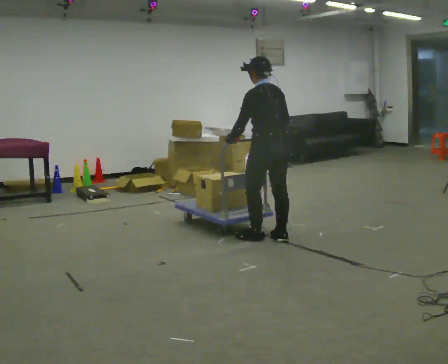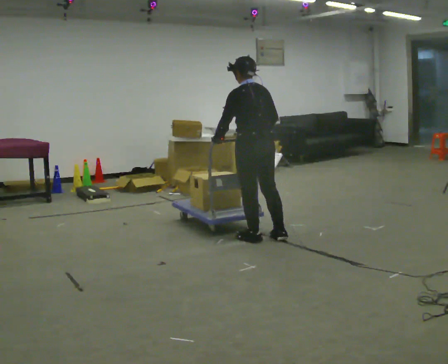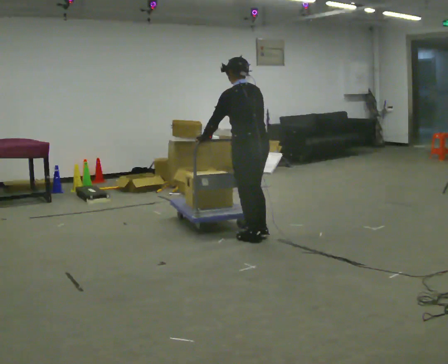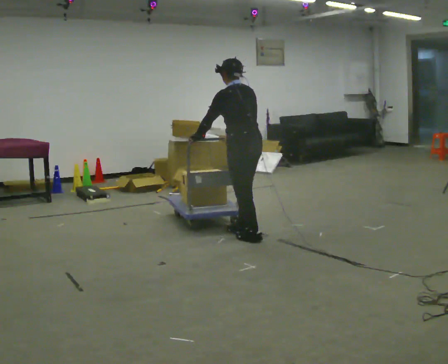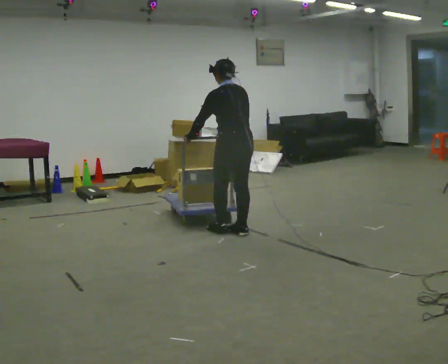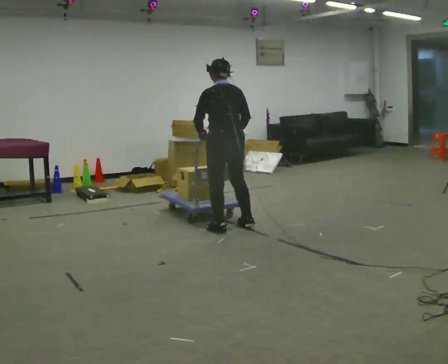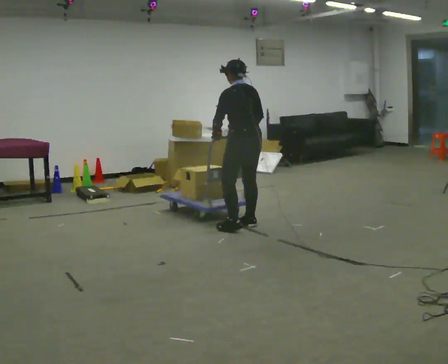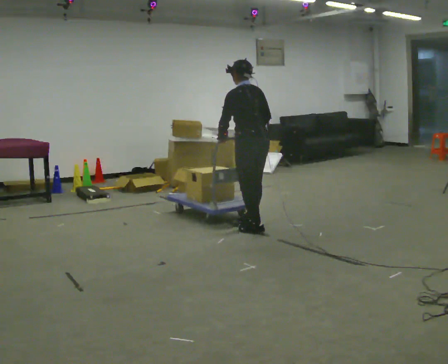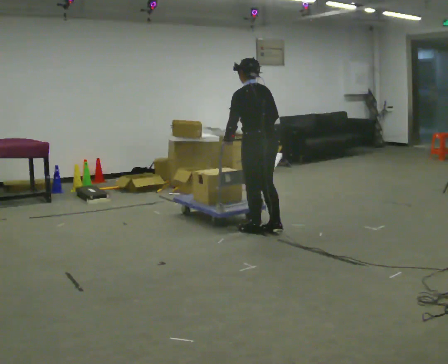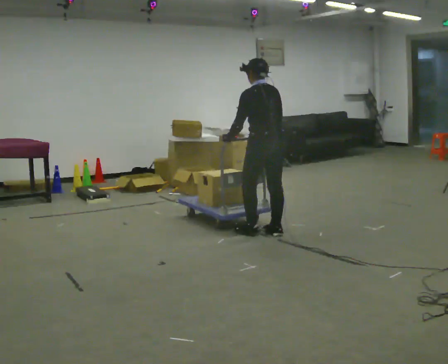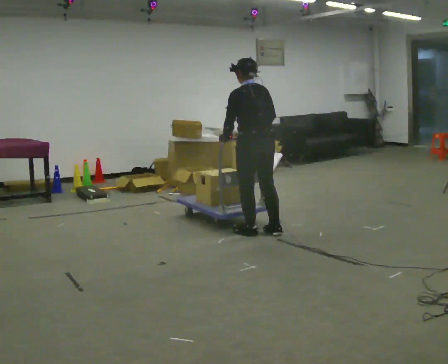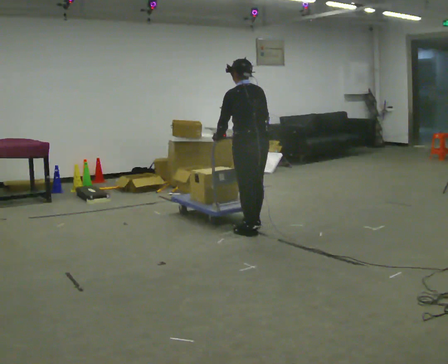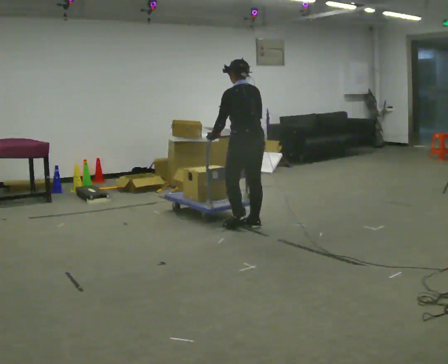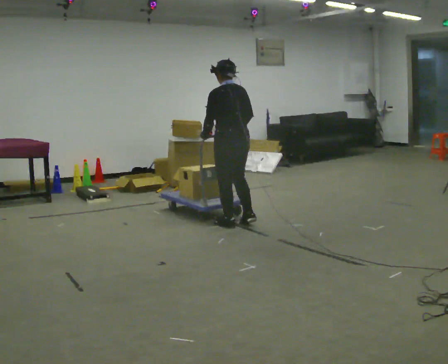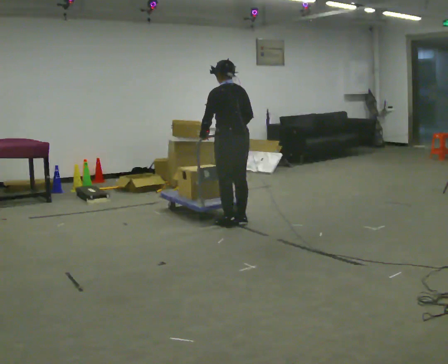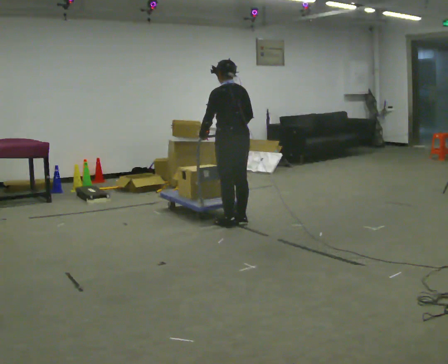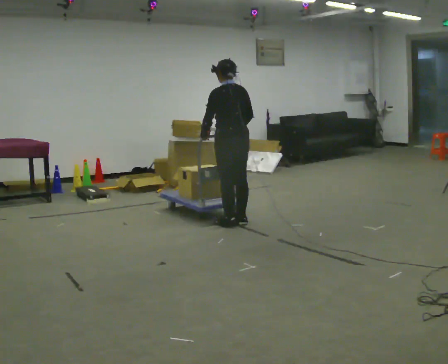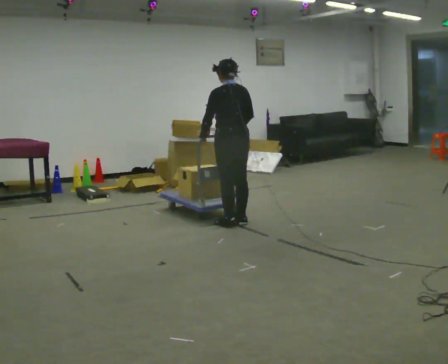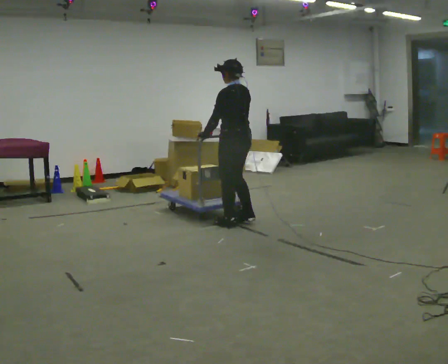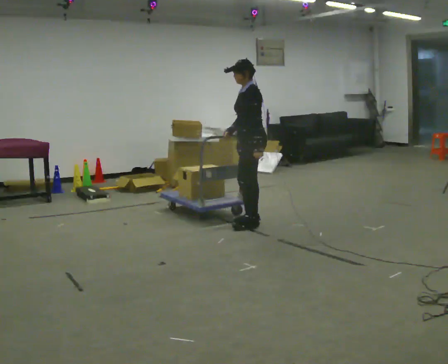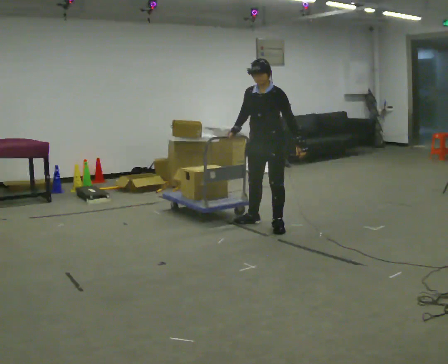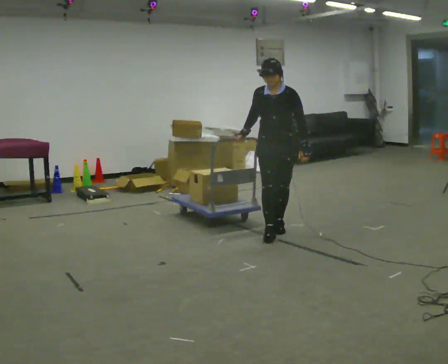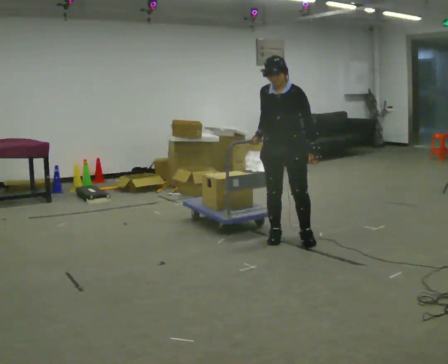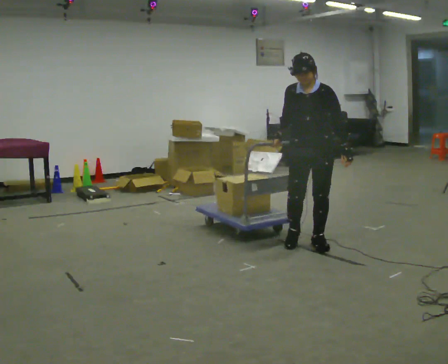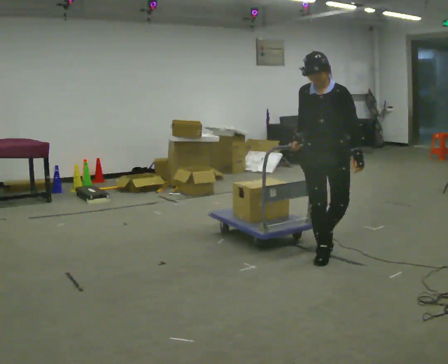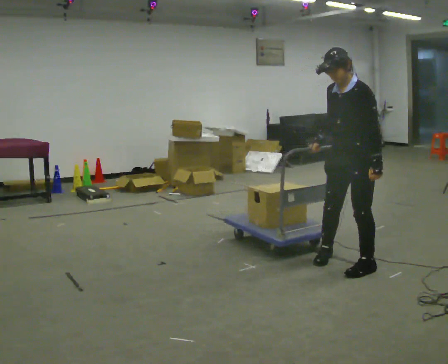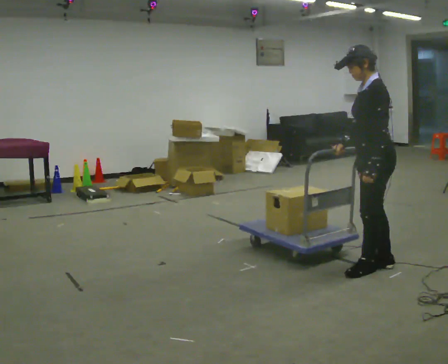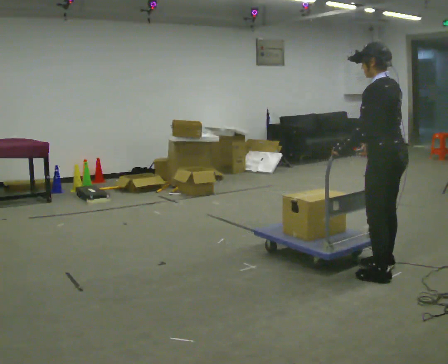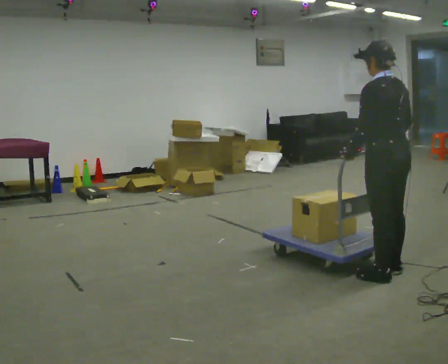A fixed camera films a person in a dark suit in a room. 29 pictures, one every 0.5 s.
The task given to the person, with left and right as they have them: Get the cart into the marked parking space and lined up with the tape. Take as many adjustments as you need. Then take it out again and repeat.
0.0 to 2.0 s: In the picture they go to the left and away from the camera, about 0.25 m in 1 step, which for them is forward.
2.0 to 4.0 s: In the picture they go to the right, about 0.25 m in 3 steps, which for them is to their right and backward. In the picture their left hand goes to the right.
4.0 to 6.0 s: In the picture they go away from the camera, about 0.25 m in 2 steps, which for them is forward.
6.0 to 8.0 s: In the picture they go to the left, about 0.25 m in 2 steps, which for them is forward.
8.0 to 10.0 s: The part of the body nearest the lens slides to the right as the person turns to their left by about 105 degrees. In the picture they go to the right, about 0.25 m in 1 step.
10.0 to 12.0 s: In the picture they go toward the camera and to the right, about 1 m in 3 steps, which for them is to their left and forward.
12.0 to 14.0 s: The part of the body nearest the lens slides to the left as the person turns to their right by about 135 degrees. In the picture they go toward the camera and to the right, about 0.75 m in 3 steps.
The film runs forward here.
